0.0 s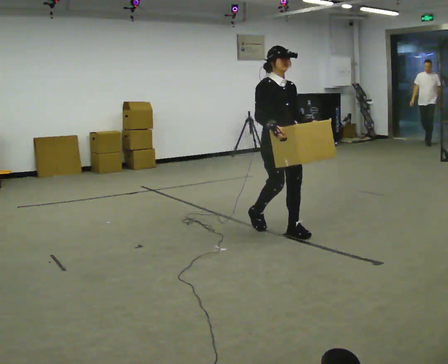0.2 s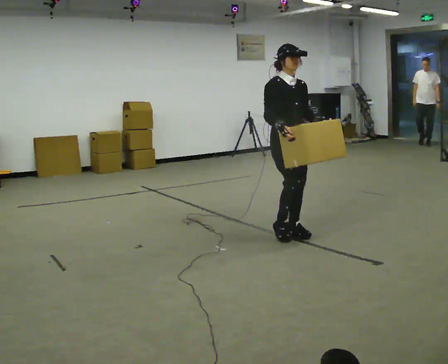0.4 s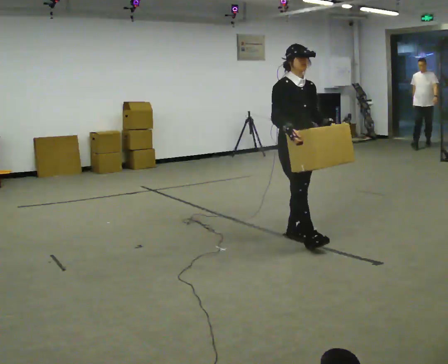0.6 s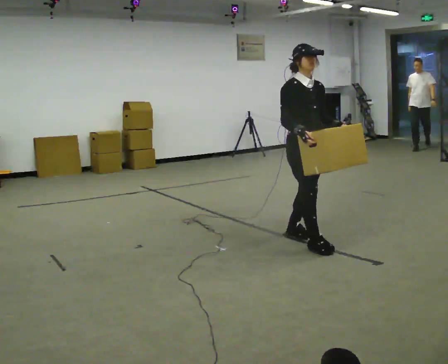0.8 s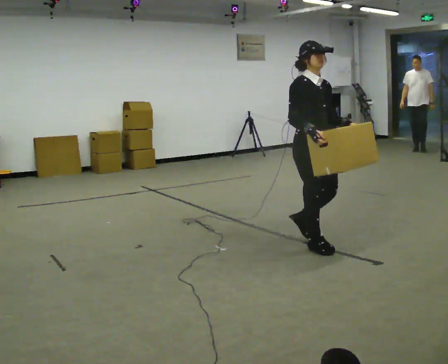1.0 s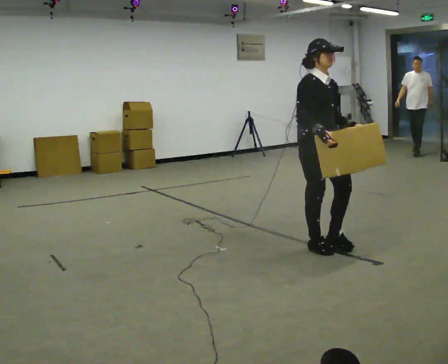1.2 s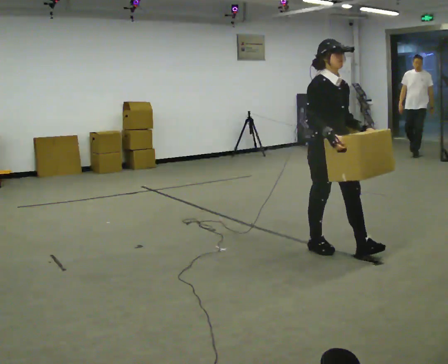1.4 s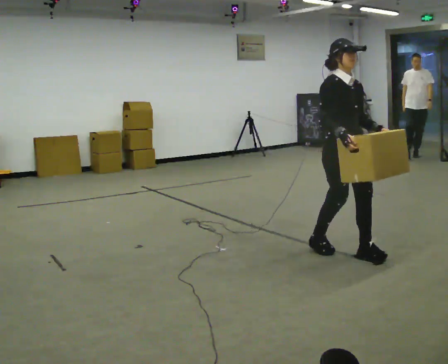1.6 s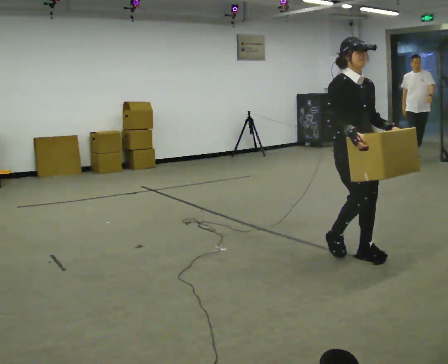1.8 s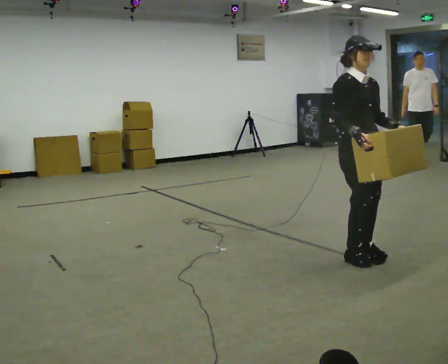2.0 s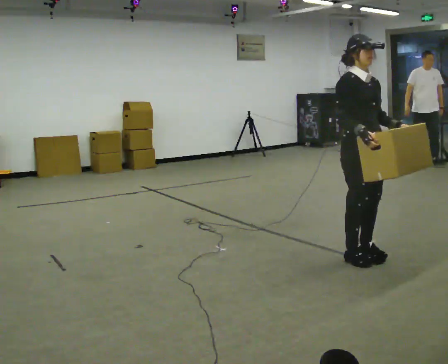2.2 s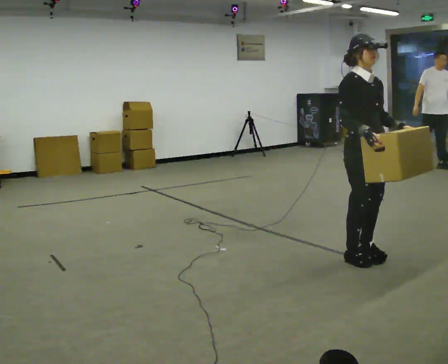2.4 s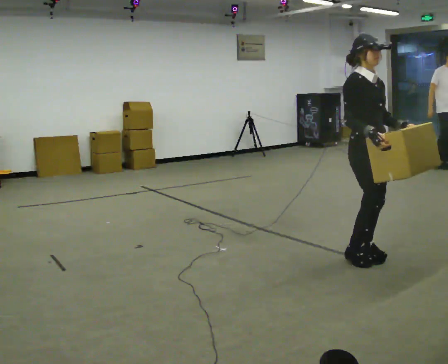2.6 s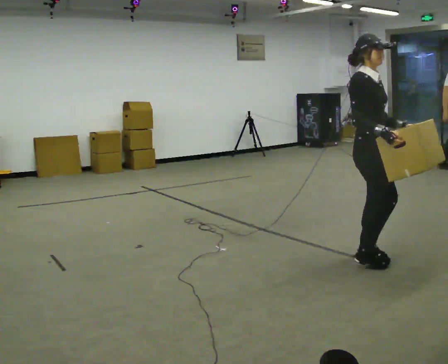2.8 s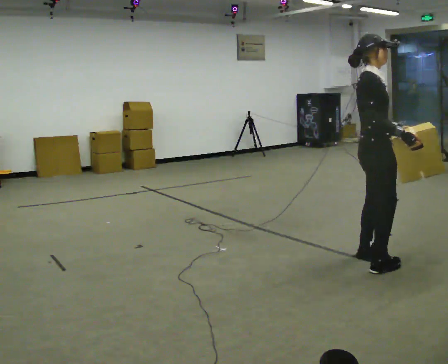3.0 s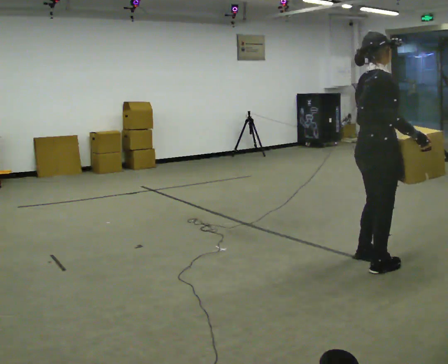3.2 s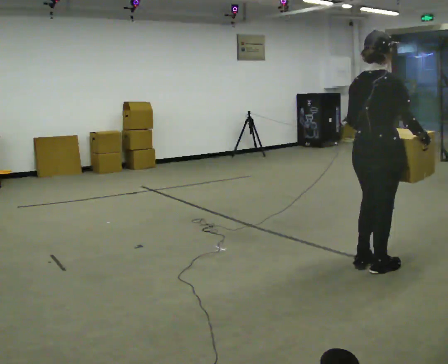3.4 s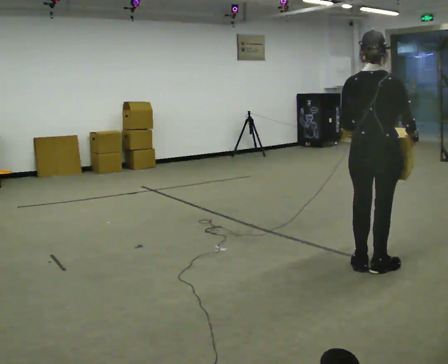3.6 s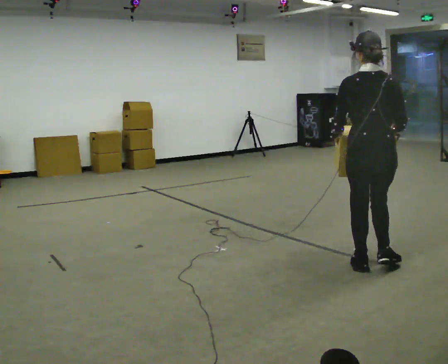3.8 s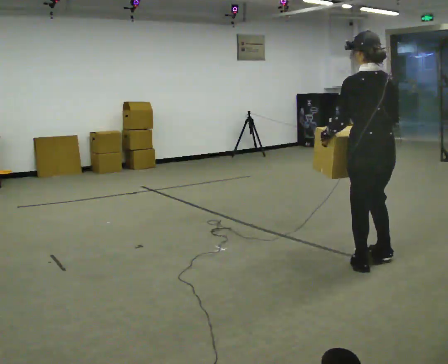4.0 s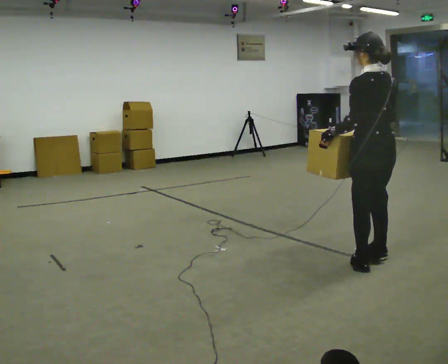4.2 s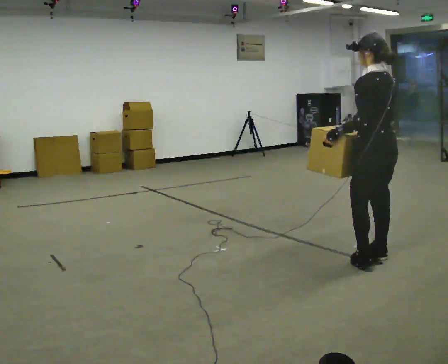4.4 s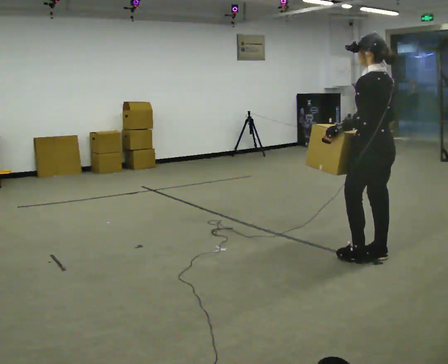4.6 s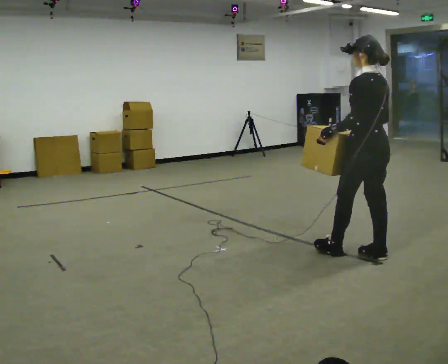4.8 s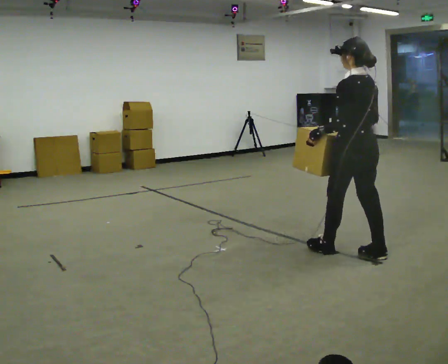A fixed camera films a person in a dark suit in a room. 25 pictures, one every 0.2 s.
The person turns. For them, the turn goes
to their left.
The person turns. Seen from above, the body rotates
counterclockwise.
0.0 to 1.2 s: In the picture they go toward the camera and to the right, about 0.75 m in 1 step, which for them is forward.
1.2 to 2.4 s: In the picture they go to the right and toward the camera, about 0.25 m in 2 steps, which for them is forward.
2.4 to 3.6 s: Seen from above the body turns counterclockwise, about 135 degrees: to their left, with its near side sliding to the right. In the picture they go toward the camera, about 0.25 m in 2 steps.
3.6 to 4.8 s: The part of the body nearest the lens slides to the right as the person turns to their left by about 45 degrees. In the picture they go away from the camera, about 0.25 m in 2 steps, which for them is forward and to their right.
The film runs forward here.
